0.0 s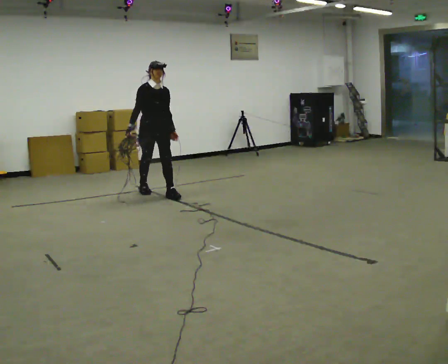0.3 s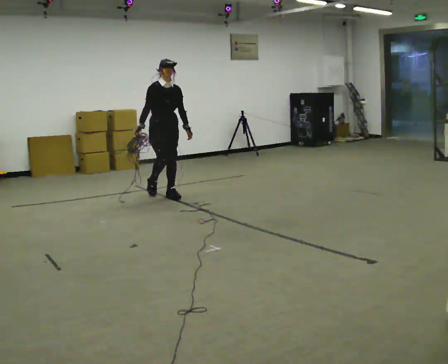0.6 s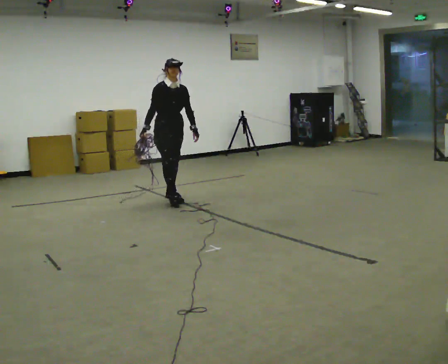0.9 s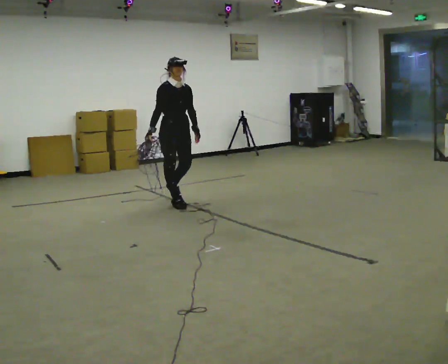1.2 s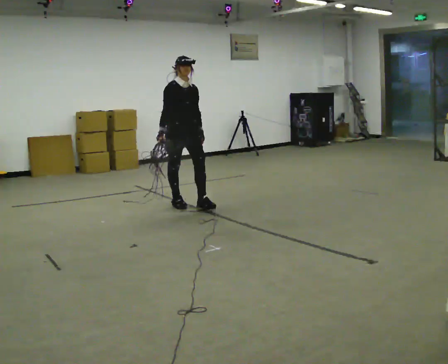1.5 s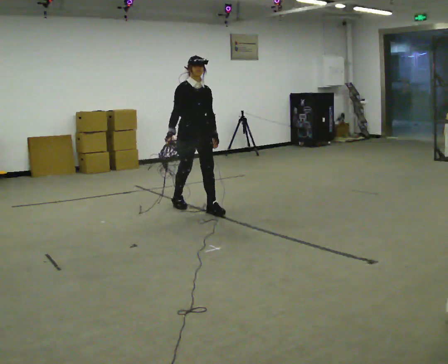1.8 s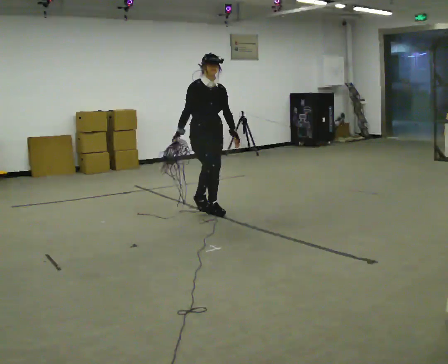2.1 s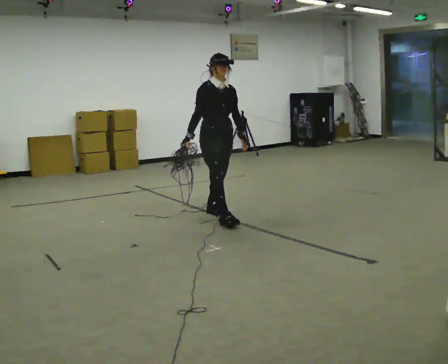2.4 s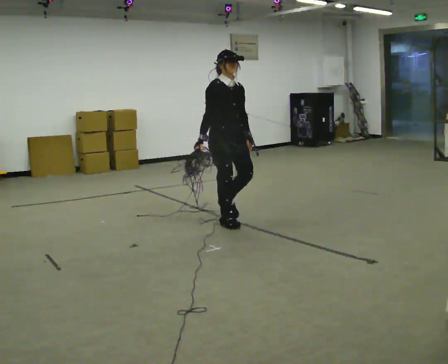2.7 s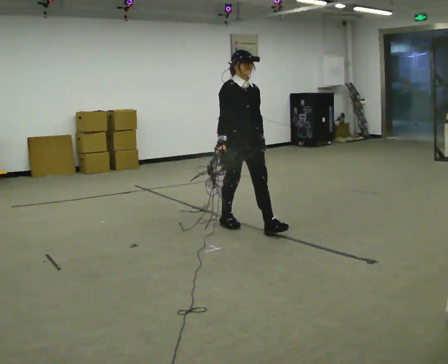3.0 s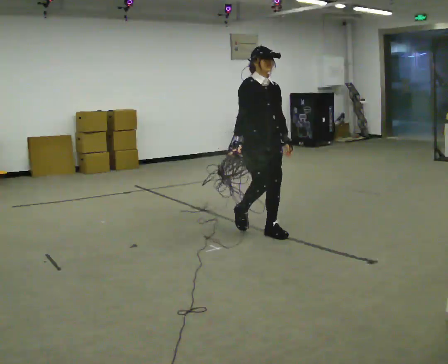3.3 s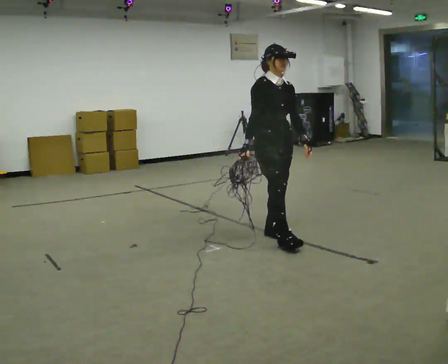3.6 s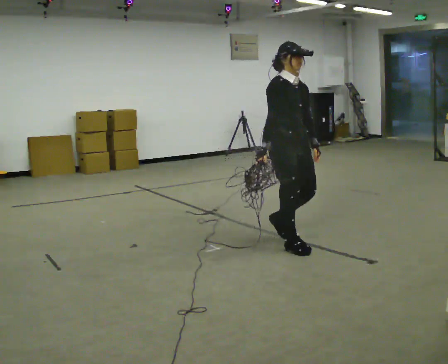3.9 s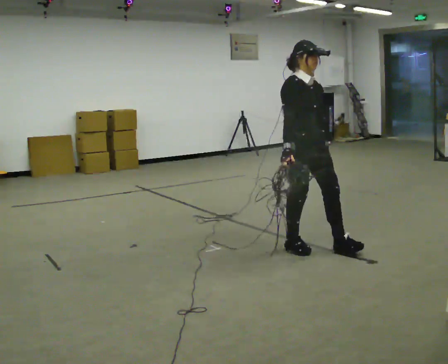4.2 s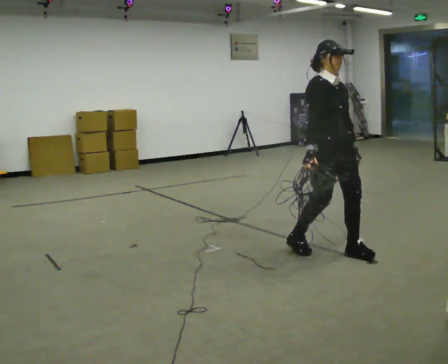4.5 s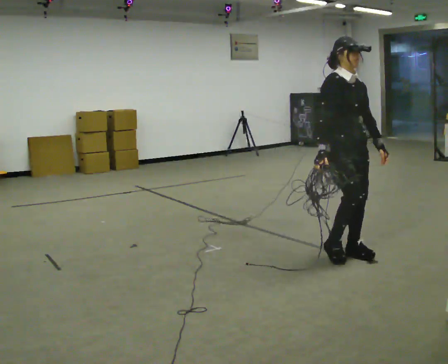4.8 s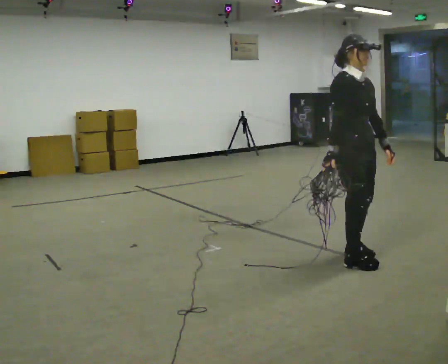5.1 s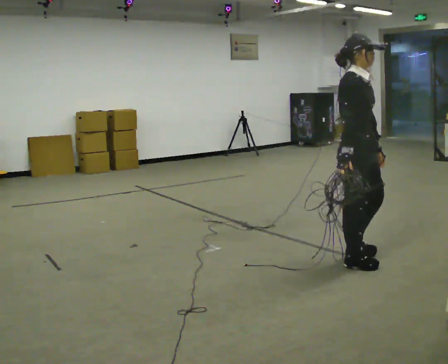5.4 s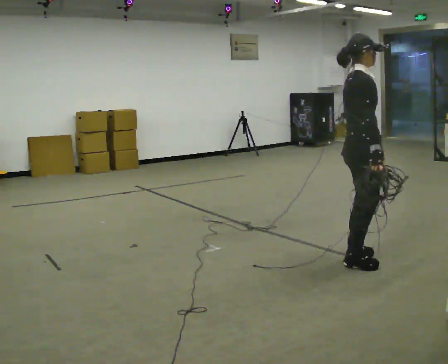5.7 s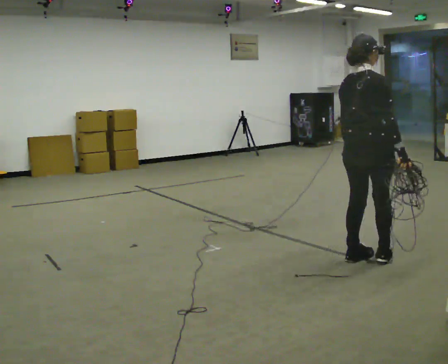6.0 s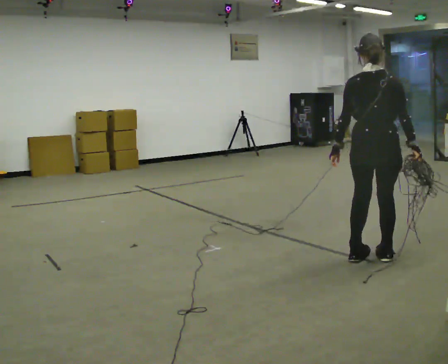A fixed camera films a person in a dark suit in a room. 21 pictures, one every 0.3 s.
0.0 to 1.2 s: In the picture they go toward the camera and to the right, about 0.75 m in 1 step, which for them is forward.
1.2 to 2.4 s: In the picture they go toward the camera and to the right, about 1 m in 2 steps, which for them is forward.
2.4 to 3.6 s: In the picture they go toward the camera and to the right, about 1 m in 2 steps, which for them is forward.
3.6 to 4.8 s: In the picture they go to the right and toward the camera, about 0.5 m in 2 steps, which for them is forward.
4.8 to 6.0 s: Seen from above the body turns counterclockwise, about 135 degrees: to their left, with its near side sliding to the right. In the picture they go to the right, about 0.25 m in 2 steps. In the picture their right hand goes to the right, the arm swinging counterclockwise.
The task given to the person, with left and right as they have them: Pick up the coiled hose, carry it across the room, and set it down. It will move around as you walk. Keep going until the operator says stop; one object at a time, and do not rush between trips.
The film runs forward here.
